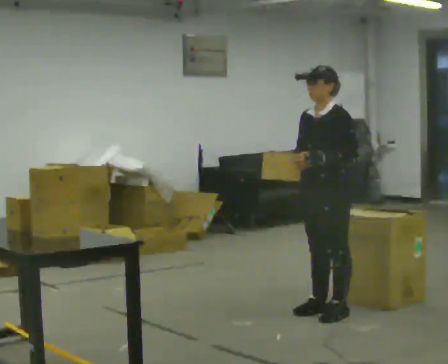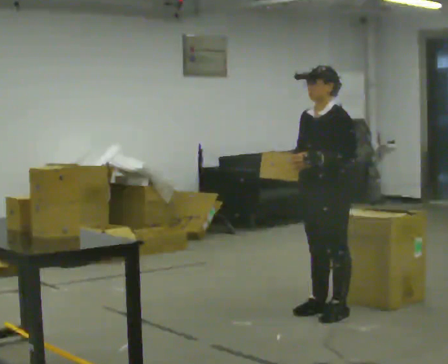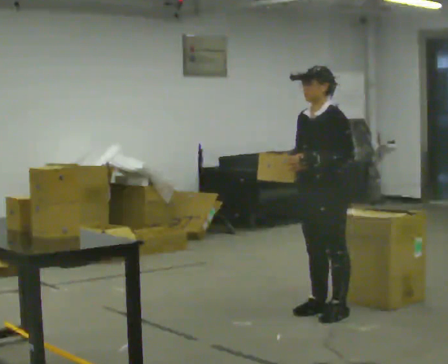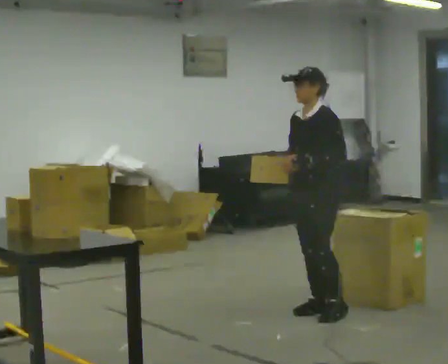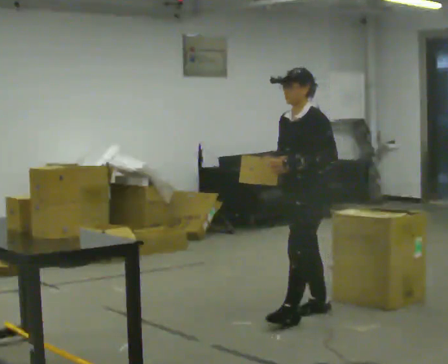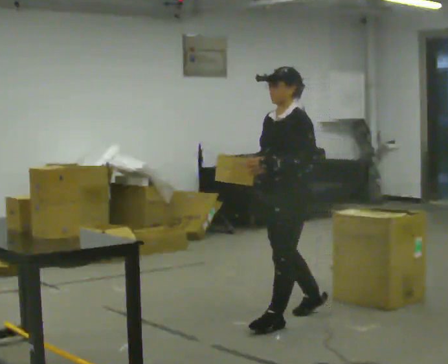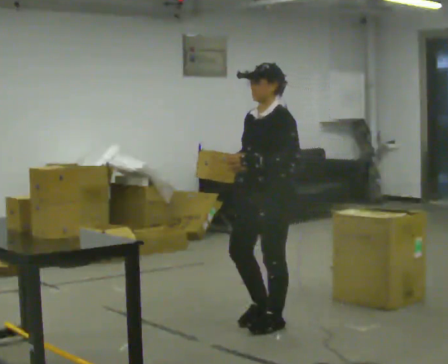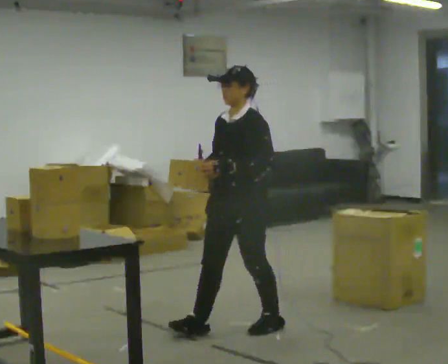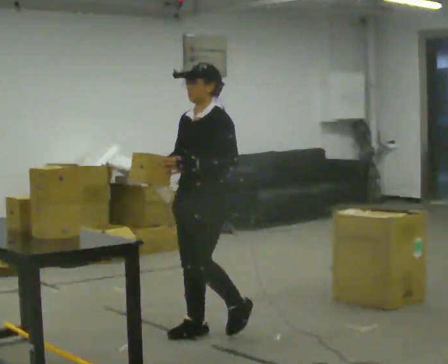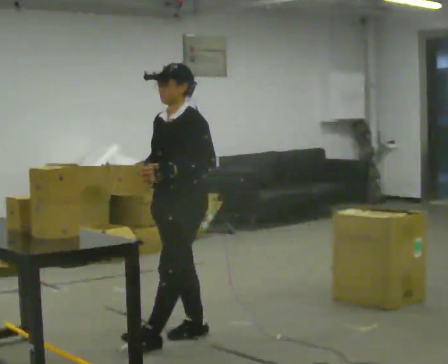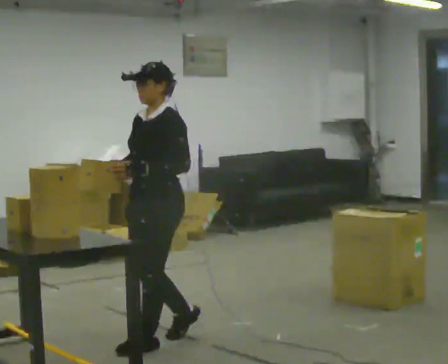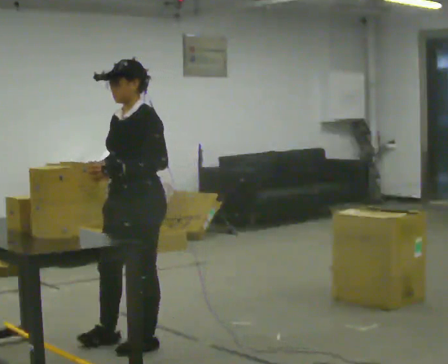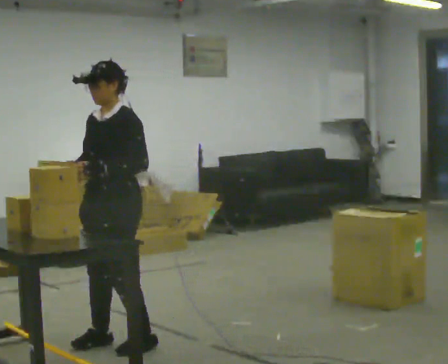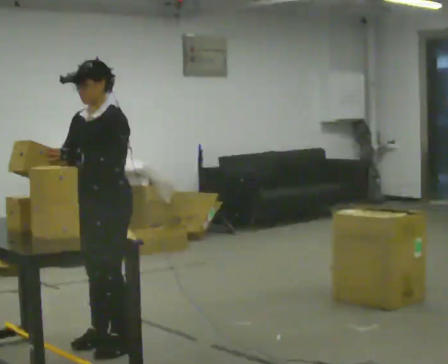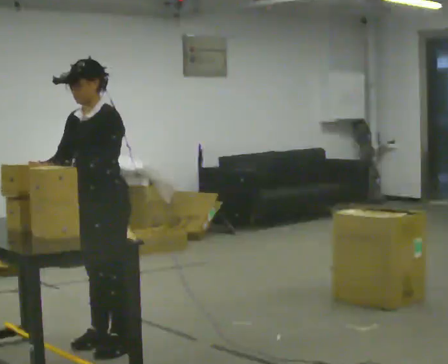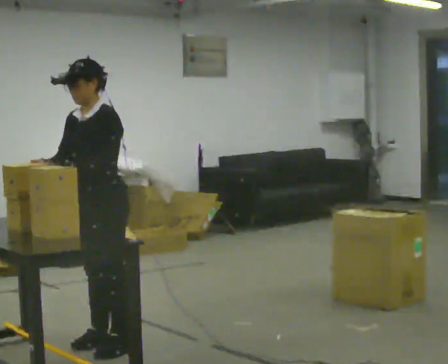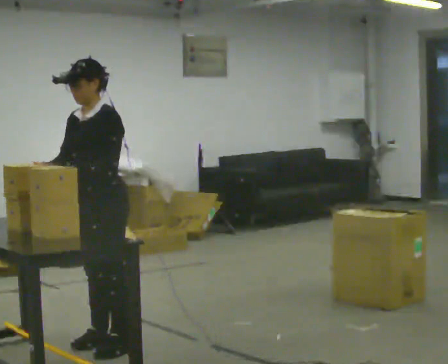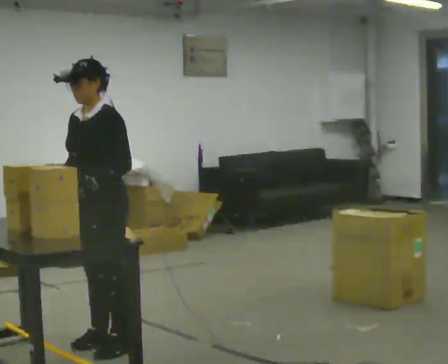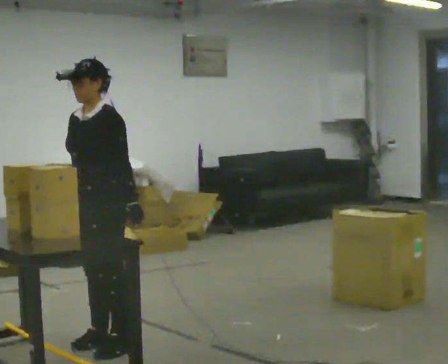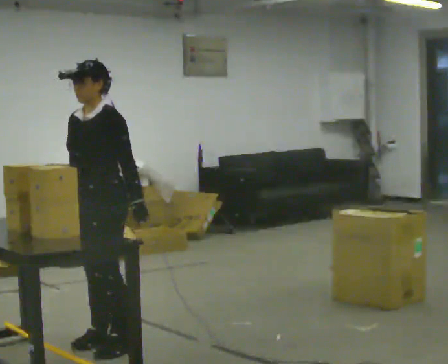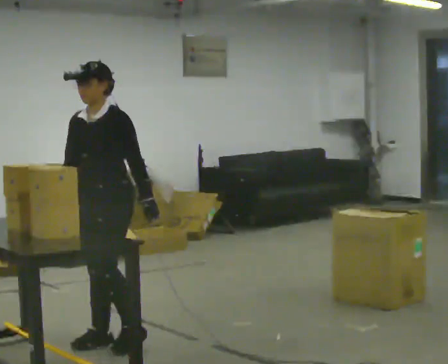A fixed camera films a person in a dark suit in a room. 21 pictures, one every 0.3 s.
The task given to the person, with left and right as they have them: Move objects one at a time from the waist-height shelf at one end of the room to the waist-height shelf at the other end. Keep going until the operator says stop; one object at a time, and do not rush between trips.
0.0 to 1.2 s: The person moves a little, or ends about where they began.
1.2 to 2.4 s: In the picture they go to the left and toward the camera, about 1 m in 2 steps, which for them is forward.
2.4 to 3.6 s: In the picture they go to the left and toward the camera, about 0.5 m in 2 steps, which for them is forward.
3.6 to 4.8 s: The person moves a little, or ends about where they began.
4.8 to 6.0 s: In the picture their left hand goes to the right, the arm swinging counterclockwise.
The film runs forward here.
